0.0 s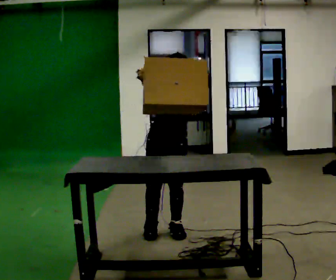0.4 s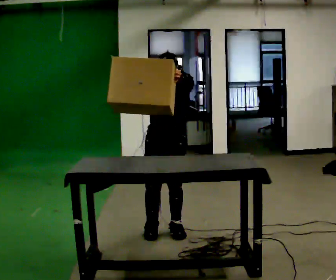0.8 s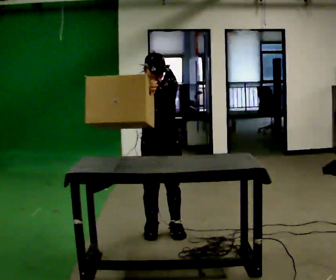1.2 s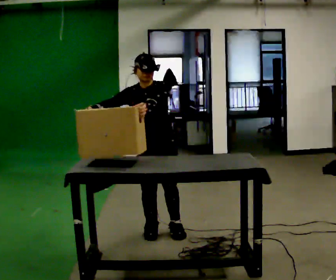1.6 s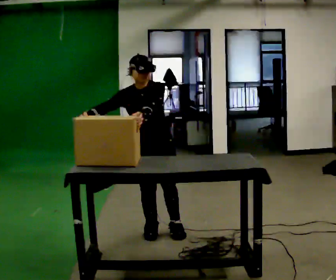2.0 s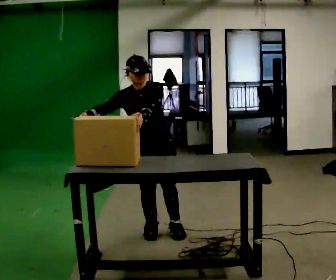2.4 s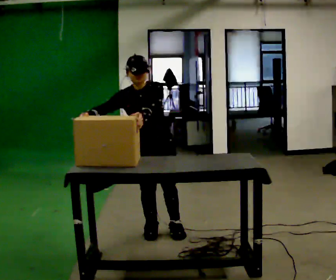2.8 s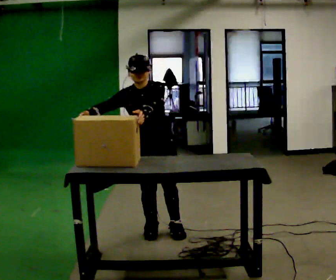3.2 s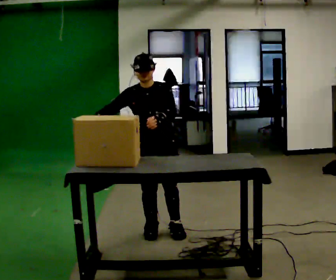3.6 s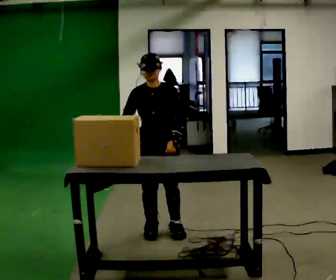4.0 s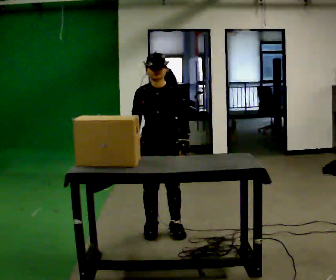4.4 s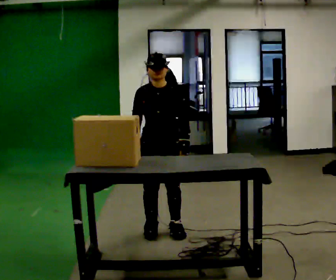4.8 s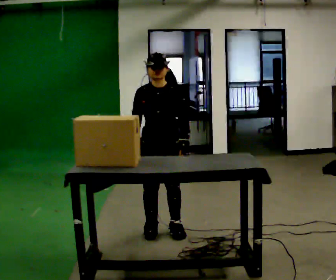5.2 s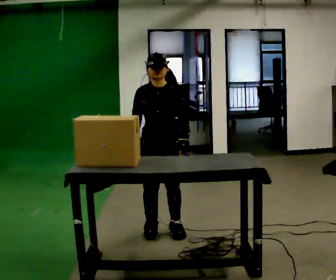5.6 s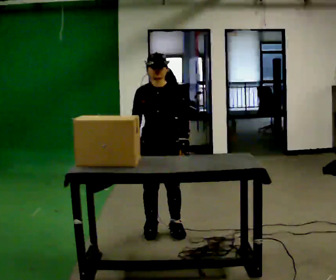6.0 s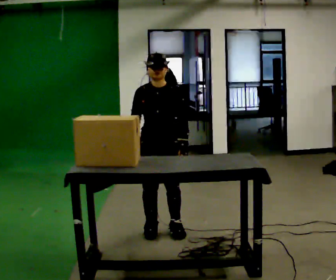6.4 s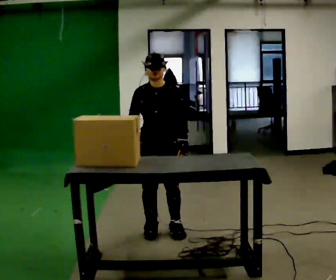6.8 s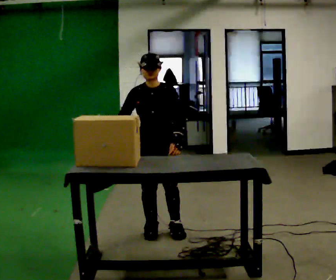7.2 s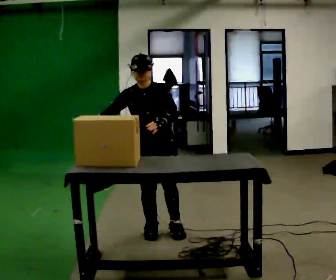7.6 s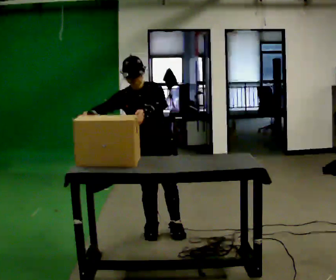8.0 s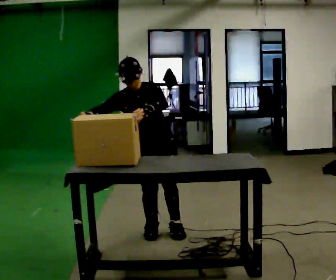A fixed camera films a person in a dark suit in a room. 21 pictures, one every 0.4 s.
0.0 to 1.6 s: In the picture the upper body tilts counterclockwise, shoulders to the left. In the picture their right hand goes to the left.
1.6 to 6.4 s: In the picture their left hand goes downward.
6.4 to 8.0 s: In the picture the upper body tilts counterclockwise, shoulders to the left. In the picture their left hand goes upward.
The film runs backward here.
